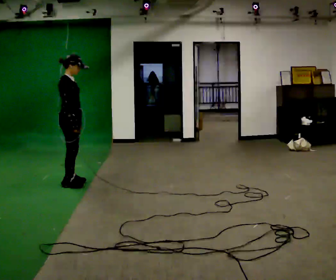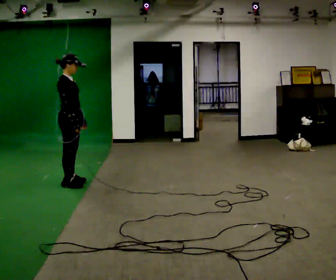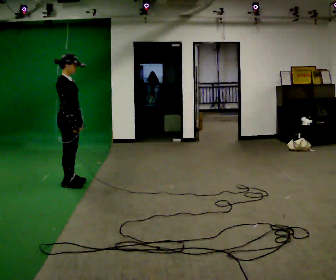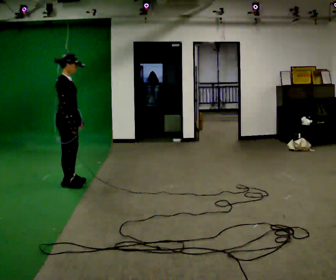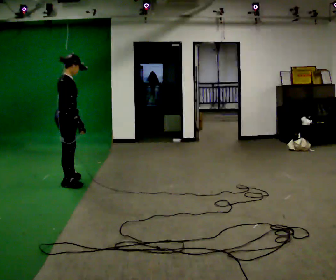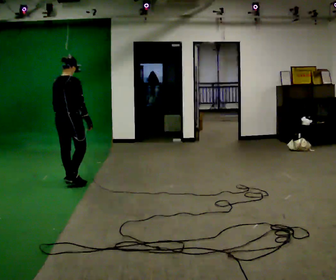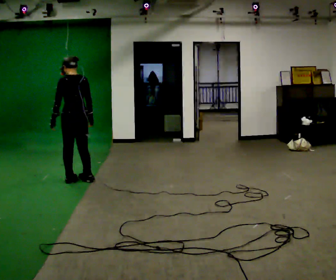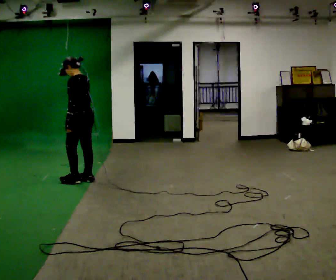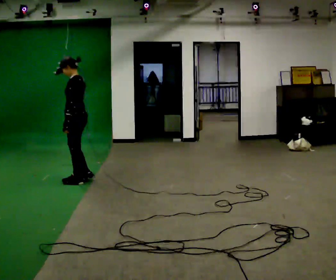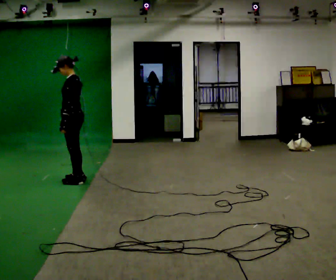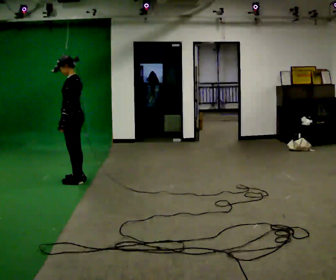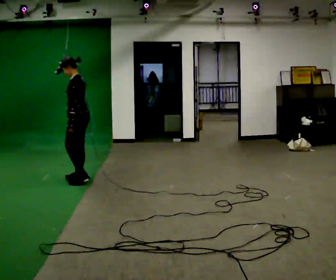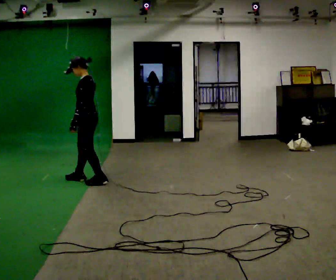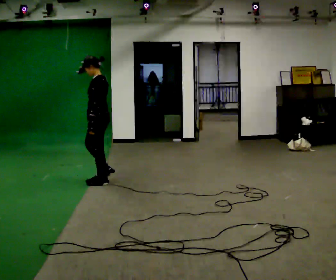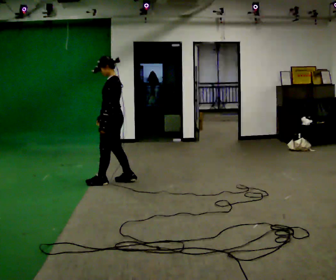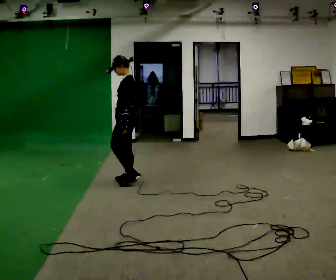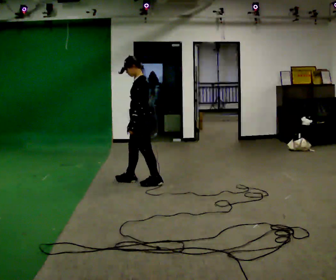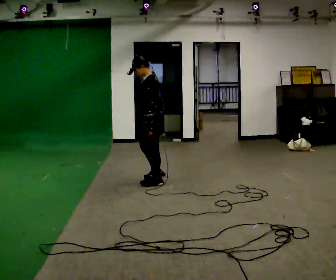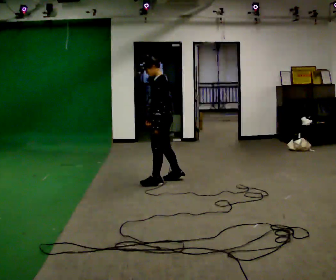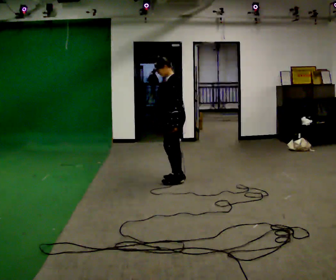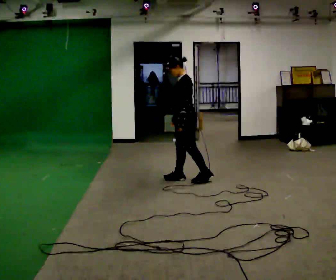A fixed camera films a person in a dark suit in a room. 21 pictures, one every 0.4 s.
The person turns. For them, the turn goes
to their left.
The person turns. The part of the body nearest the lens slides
to the right.
0.0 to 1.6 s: The part of the body nearest the lens slides to the right as the person turns to their left by about 30 degrees.
1.6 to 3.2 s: The person turns about 150 degrees to their left, counterclockwise seen from above, so the part of the body nearest the lens slides to the right. In the picture they go to the right, about 0.25 m in 1 step.
3.2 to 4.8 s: The person moves a little, or ends about where they began.
4.8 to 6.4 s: In the picture they go to the right, about 0.75 m in 2 steps, which for them is backward.
6.4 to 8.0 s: In the picture they go to the right, about 0.5 m in 2 steps, which for them is backward.
The film runs forward here.
